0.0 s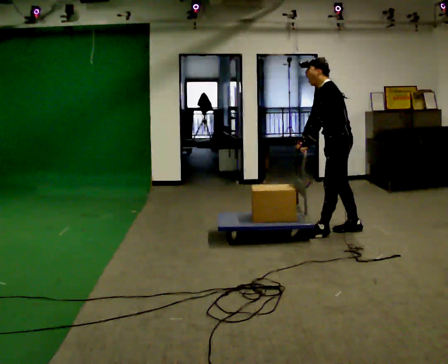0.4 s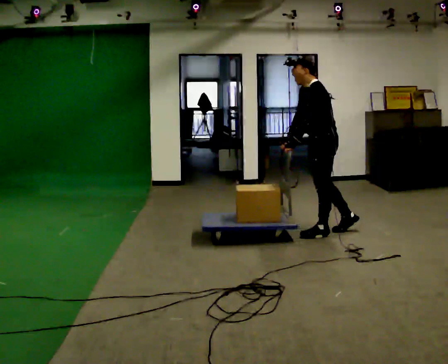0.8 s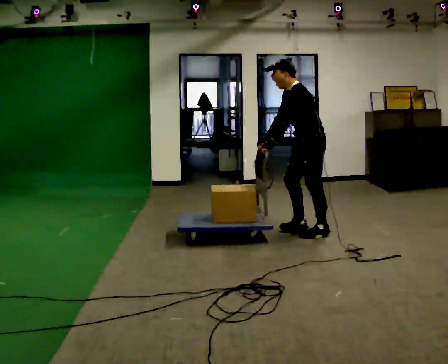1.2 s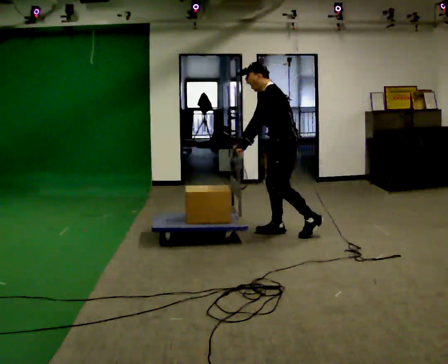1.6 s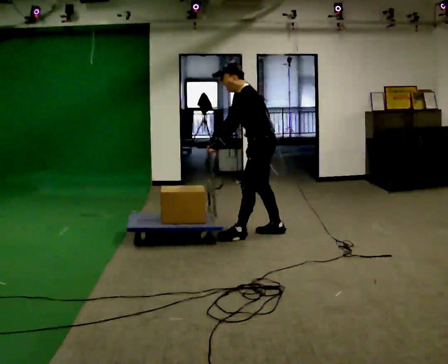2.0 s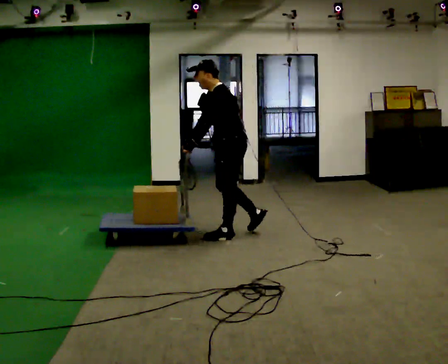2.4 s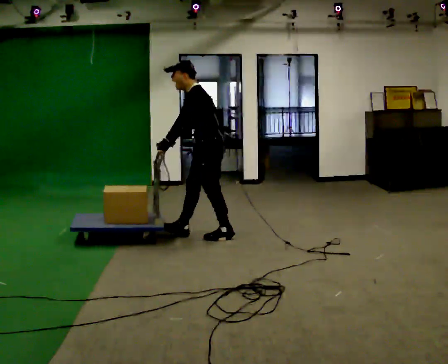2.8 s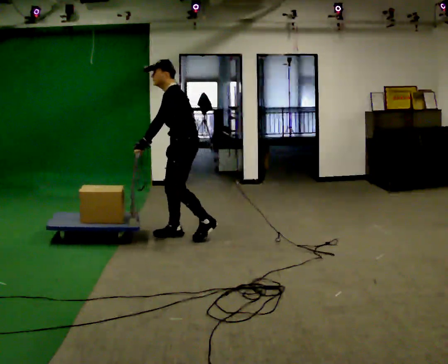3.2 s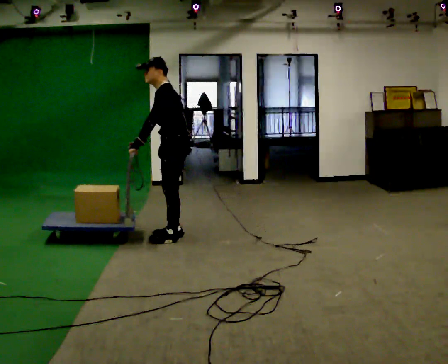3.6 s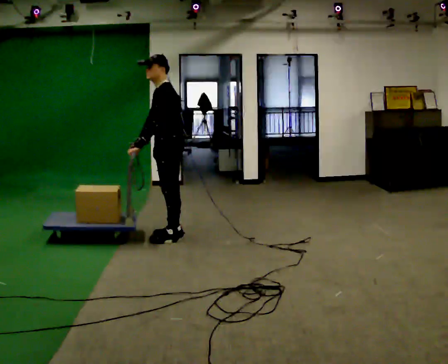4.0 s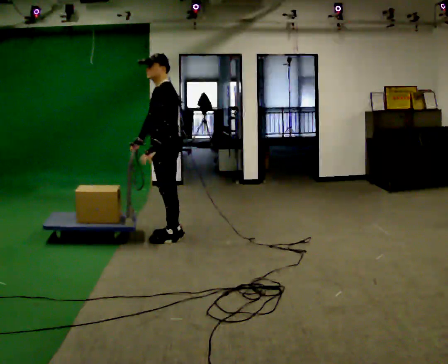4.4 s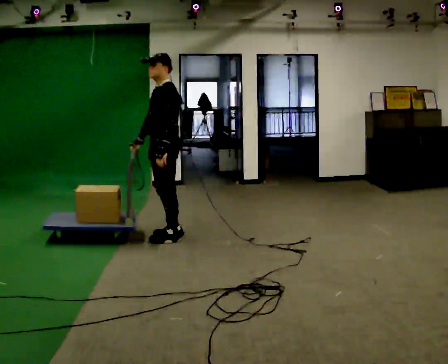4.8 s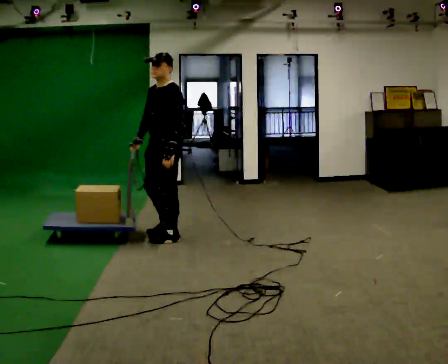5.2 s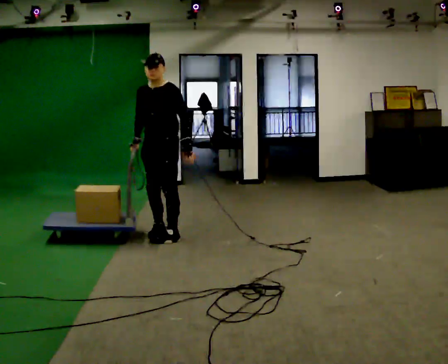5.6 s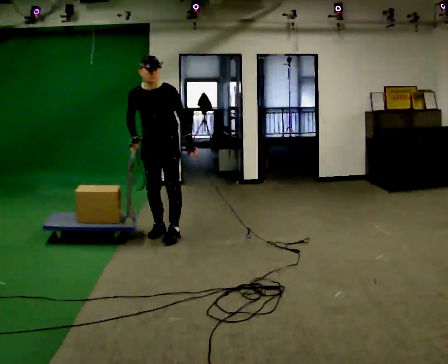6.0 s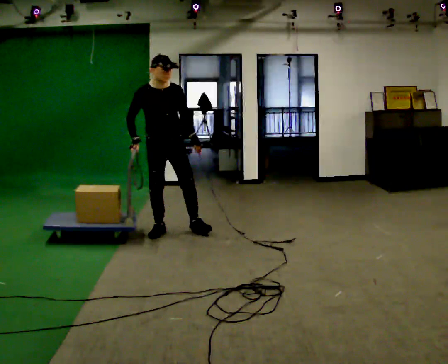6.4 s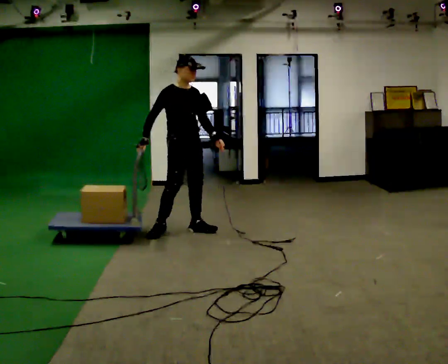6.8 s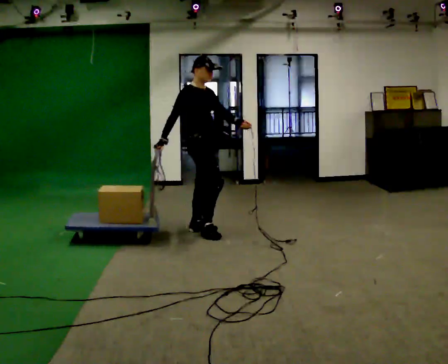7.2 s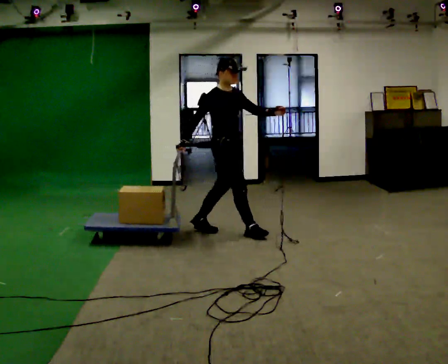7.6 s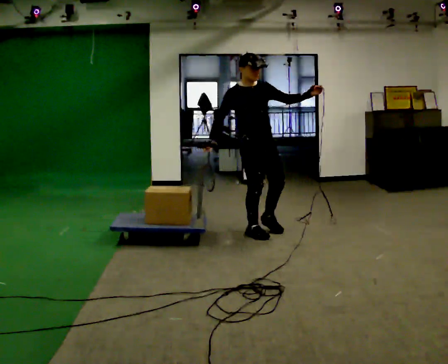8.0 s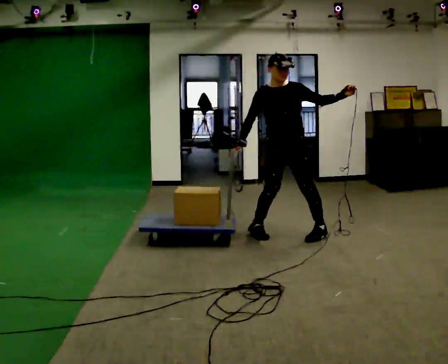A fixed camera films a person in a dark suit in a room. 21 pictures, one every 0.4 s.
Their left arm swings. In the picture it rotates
counterclockwise.
0.0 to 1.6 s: In the picture they go to the left, about 0.5 m in 1 step, which for them is forward.
1.6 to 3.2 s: In the picture they go to the left, about 1 m in 3 steps, which for them is forward.
3.2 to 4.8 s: Seen from above the body turns counterclockwise, about 30 degrees: to their left, with its near side sliding to the right. In the picture the upper body tilts clockwise, shoulders to the right. In the picture their left hand goes to the right.
4.8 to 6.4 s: The part of the body nearest the lens slides to the right as the person turns to their left by about 105 degrees. In the picture they go away from the camera, about 0.25 m in 2 steps.
6.4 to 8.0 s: The person turns about 60 degrees to their right, clockwise seen from above, so the part of the body nearest the lens slides to the left. In the picture they go to the right, about 1 m in 2 steps. In the picture their left hand goes upward, the arm swinging counterclockwise.
The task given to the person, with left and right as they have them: Drag the sled across the room. The bags on it are loose and will move about as it goes. The operator will log the load and the peak reading on the scale for every take.
The film runs forward here.
